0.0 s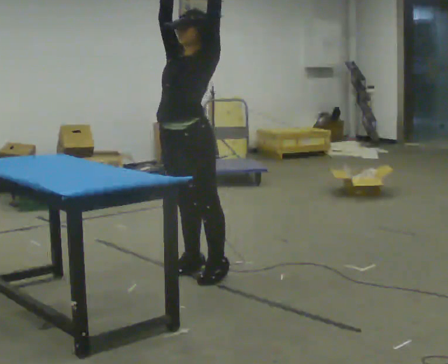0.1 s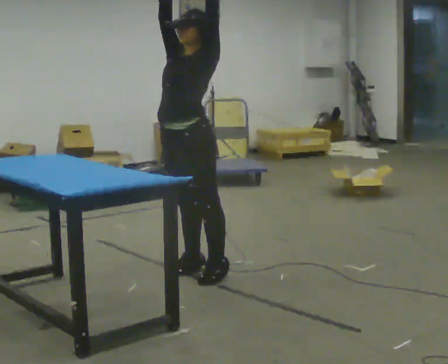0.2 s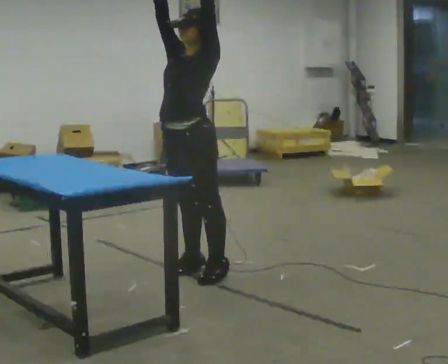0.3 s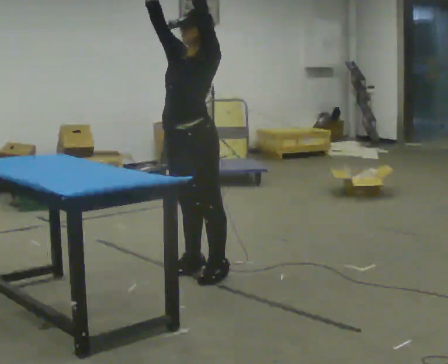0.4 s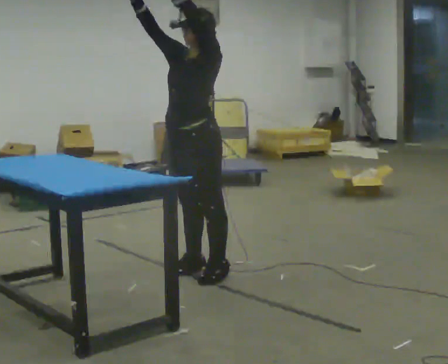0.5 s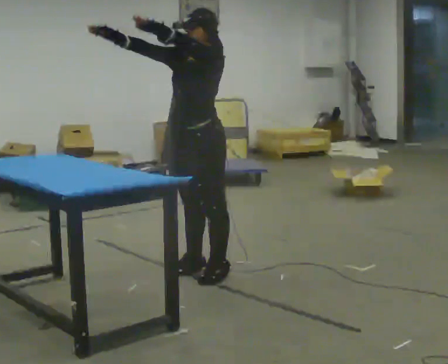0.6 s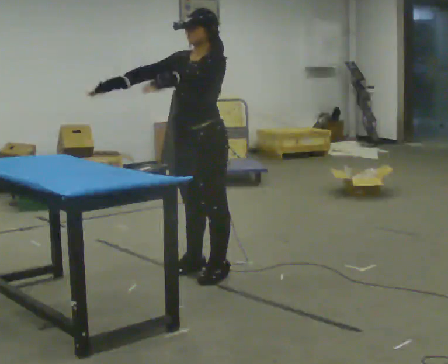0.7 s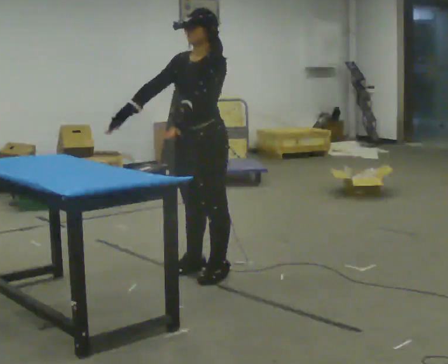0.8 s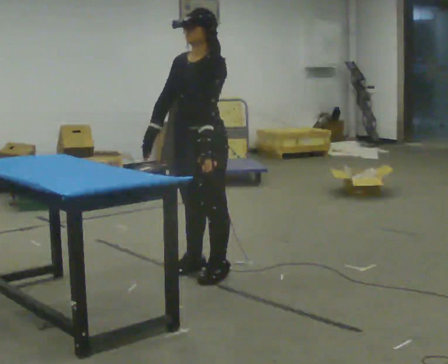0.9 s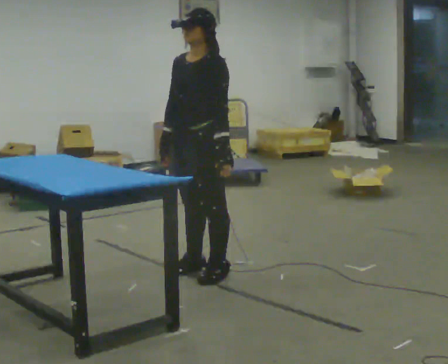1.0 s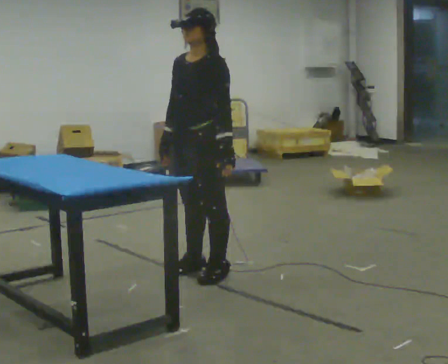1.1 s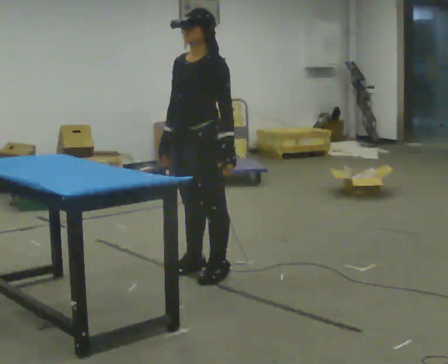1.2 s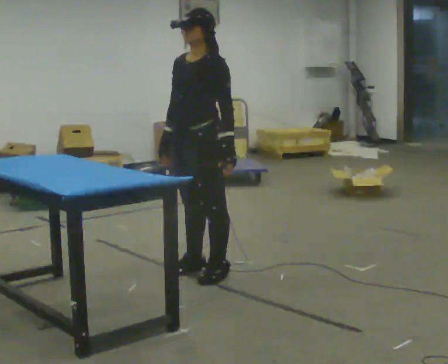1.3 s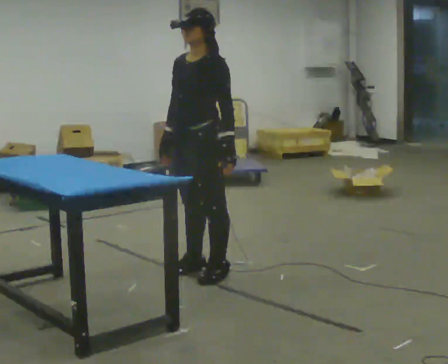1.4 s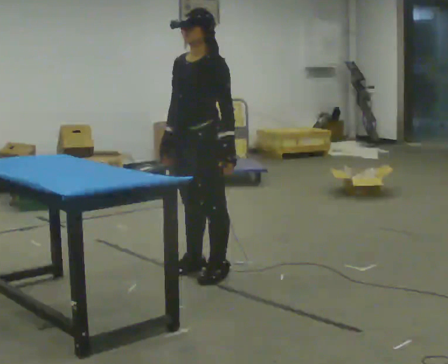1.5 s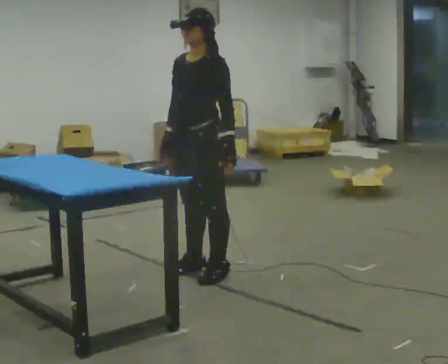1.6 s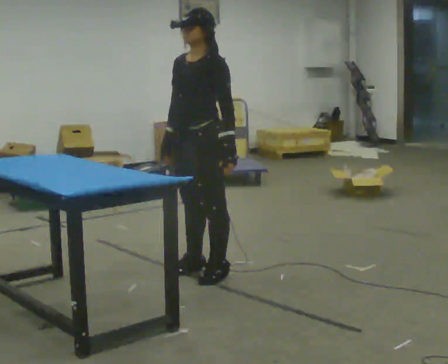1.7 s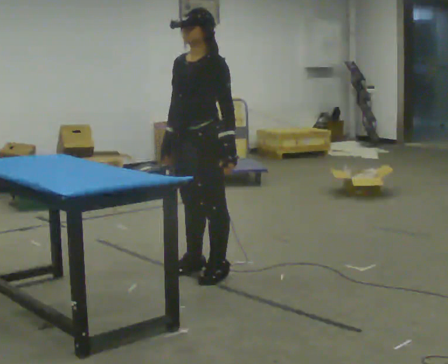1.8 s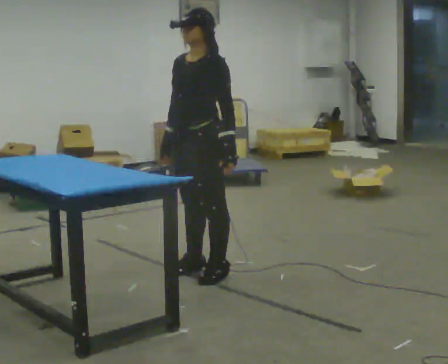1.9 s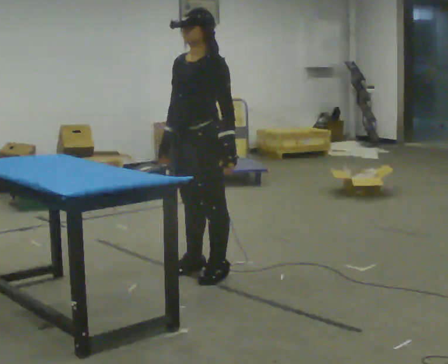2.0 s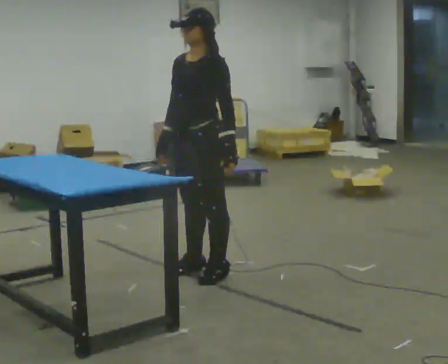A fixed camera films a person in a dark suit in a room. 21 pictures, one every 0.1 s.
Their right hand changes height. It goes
downward.
Their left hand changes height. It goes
downward.
0.0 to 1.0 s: In the picture their left hand goes downward.
1.0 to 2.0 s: The person keeps their place and pose.
The film runs backward here.
